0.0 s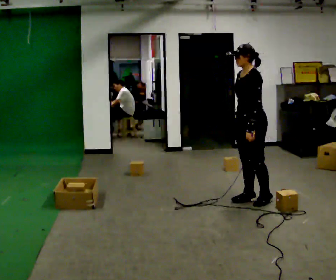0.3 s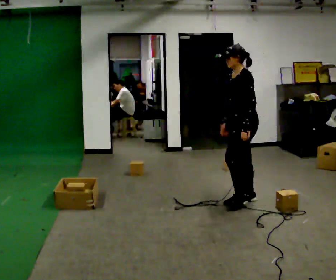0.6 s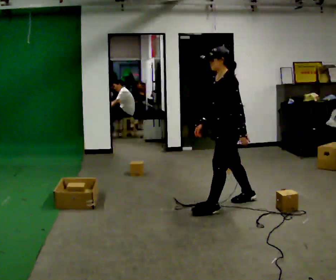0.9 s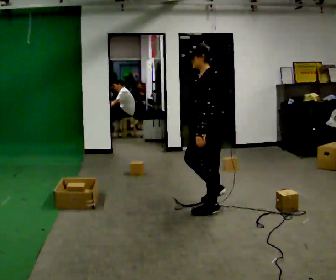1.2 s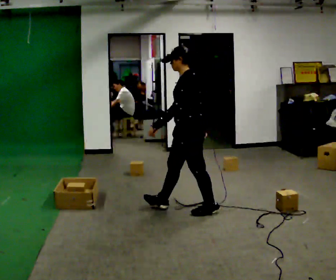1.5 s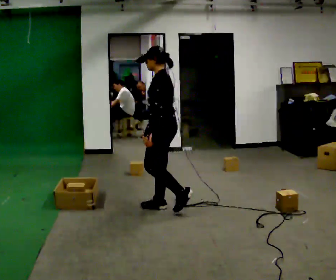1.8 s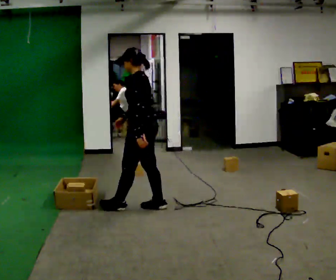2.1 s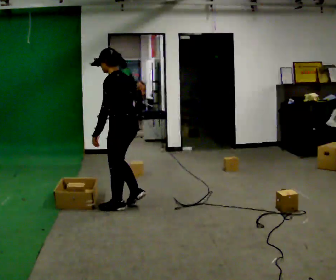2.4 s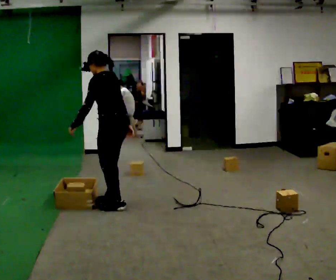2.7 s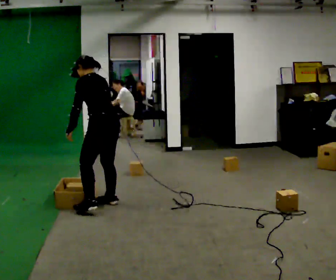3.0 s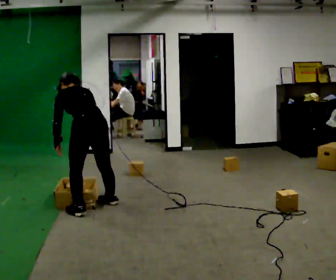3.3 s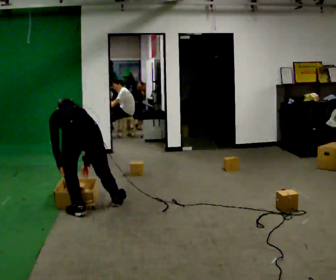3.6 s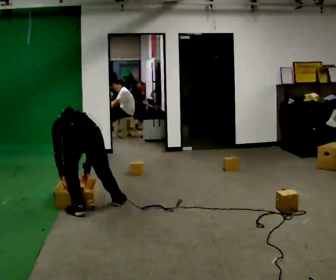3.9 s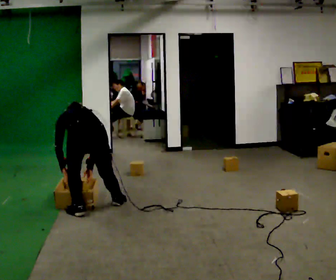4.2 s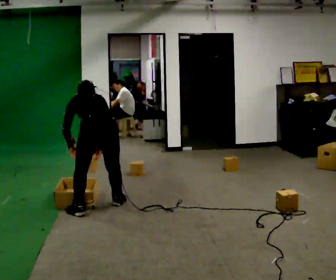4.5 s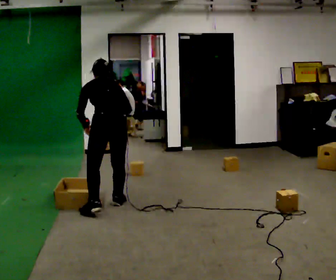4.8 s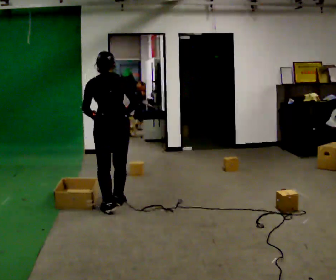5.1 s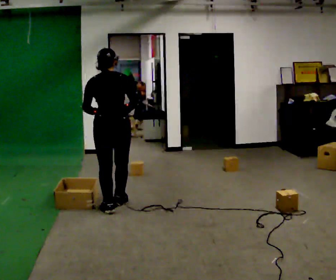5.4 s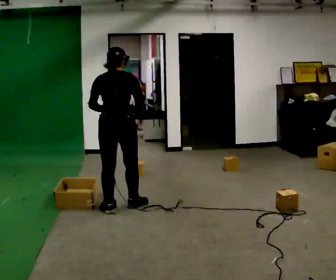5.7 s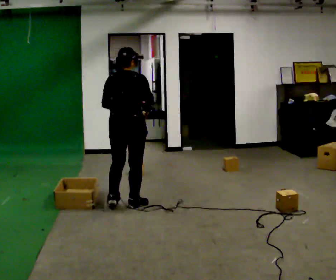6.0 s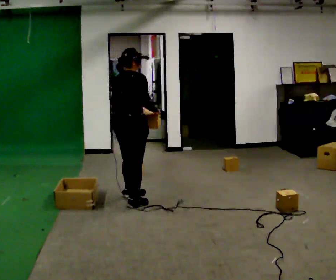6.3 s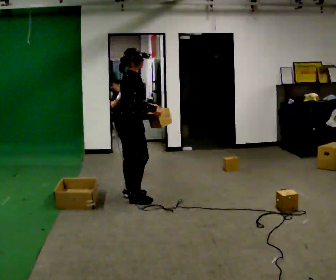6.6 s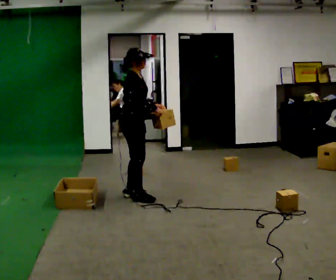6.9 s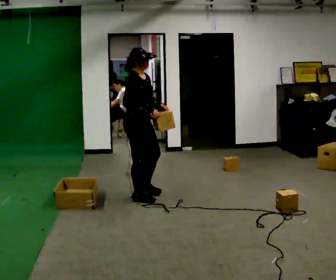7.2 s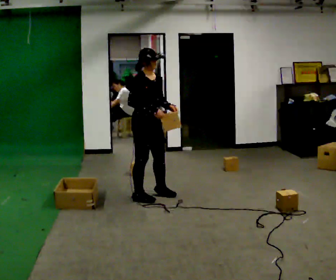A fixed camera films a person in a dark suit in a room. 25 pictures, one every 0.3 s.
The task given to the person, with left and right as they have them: Take the objects from the bin one at a time and put one in each of the places the operator points out. Keep going until the operator says stop; one object at a time, and do not rush between trips.
0.0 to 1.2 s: In the picture they go to the left, about 0.75 m in 1 step, which for them is forward.
1.2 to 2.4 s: The person turns about 30 degrees to their right, clockwise seen from above, so the part of the body nearest the lens slides to the left. In the picture they go to the left and away from the camera, about 0.5 m in 3 steps, which for them is forward.
2.4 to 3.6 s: The person turns about 45 degrees to their right, clockwise seen from above, so the part of the body nearest the lens slides to the left. In the picture they go to the left and toward the camera, about 0.25 m in 1 step, which for them is to their left. The shoulders move downward. The upper body tips away from the camera, its near side rolling upward, as they bend forward. In the picture their left hand goes downward.
3.6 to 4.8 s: In the picture they go to the right and away from the camera, about 0.25 m, which for them is to their right and forward. The upper body goes upward. The upper body tips toward the camera, its near side rolling downward, as they lean back or straighten. In the picture their left hand goes upward.
4.8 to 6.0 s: The part of the body nearest the lens slides to the left as the person turns to their right by about 60 degrees. In the picture they go to the right, about 0.25 m in 2 steps. In the picture their left hand goes to the right.
6.0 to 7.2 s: The person turns about 90 degrees to their right, clockwise seen from above, so the part of the body nearest the lens slides to the left. In the picture they go to the right and away from the camera, about 0.25 m in 3 steps.
The film runs forward here.
